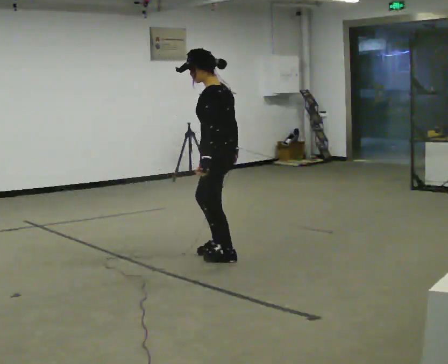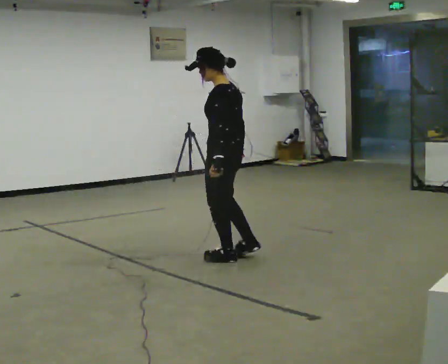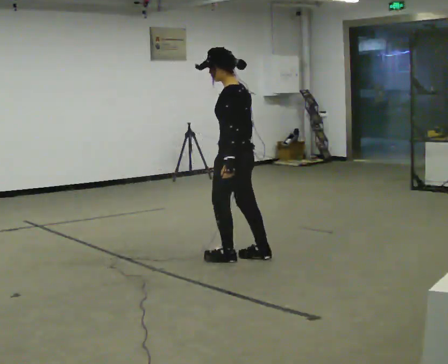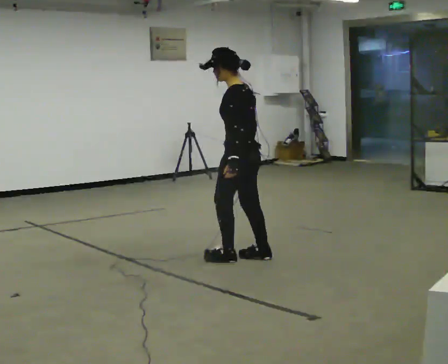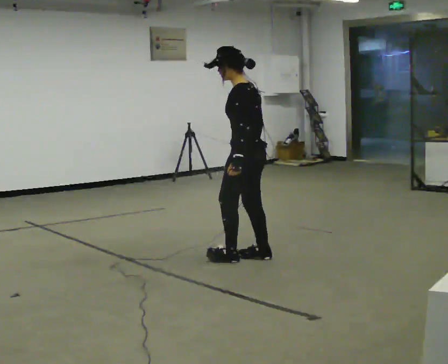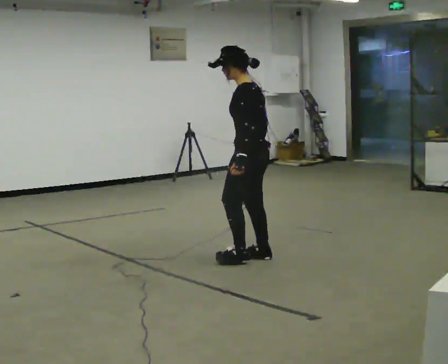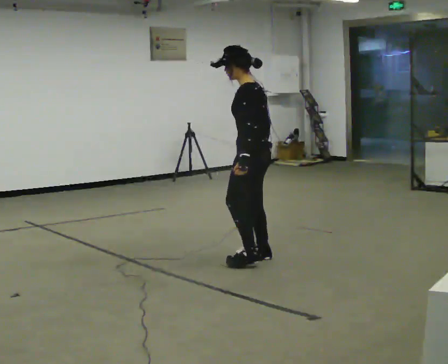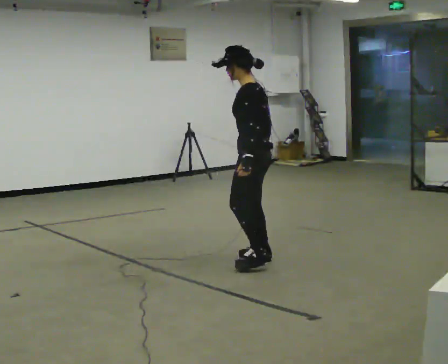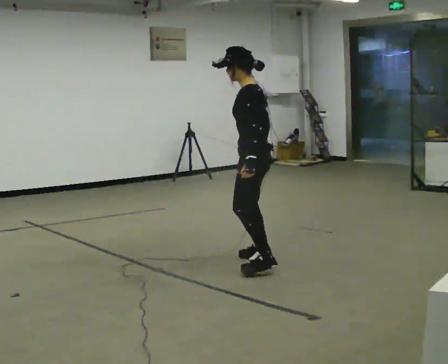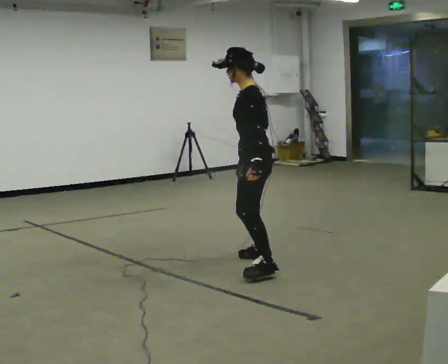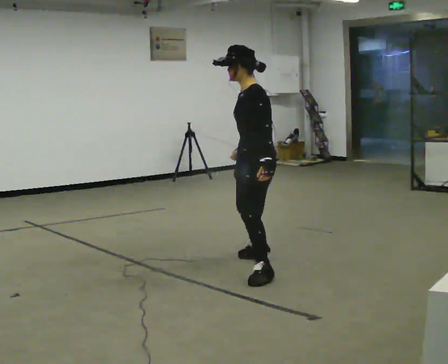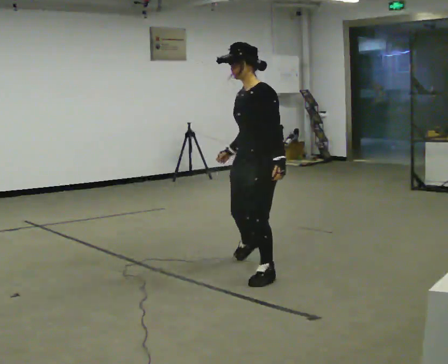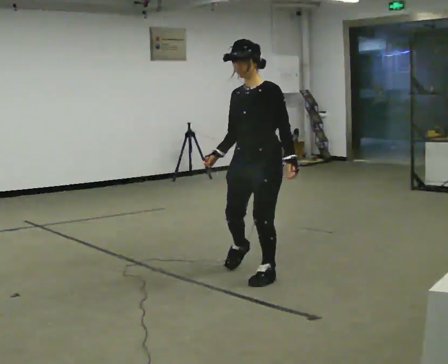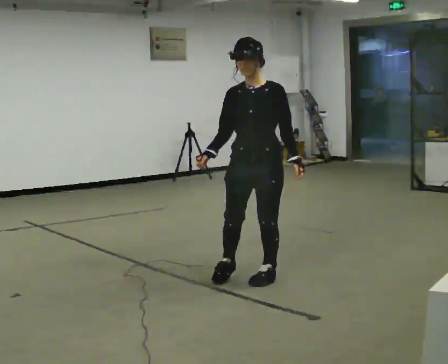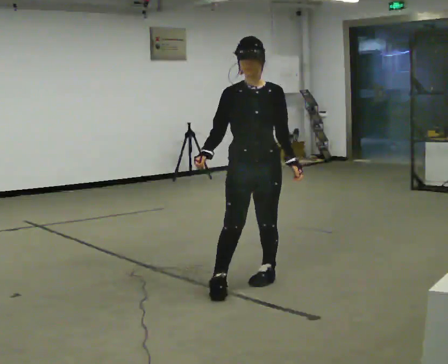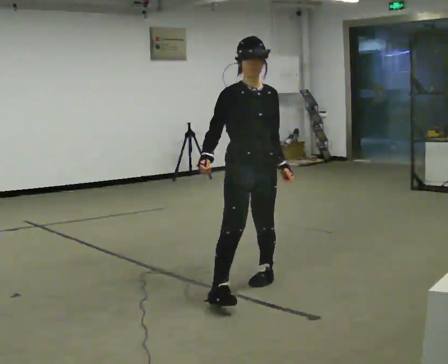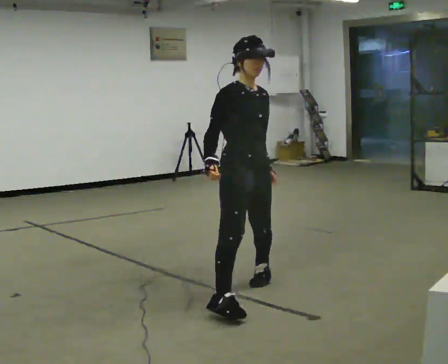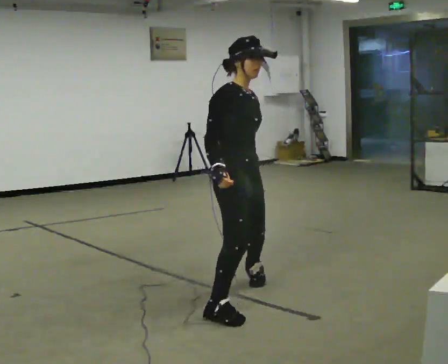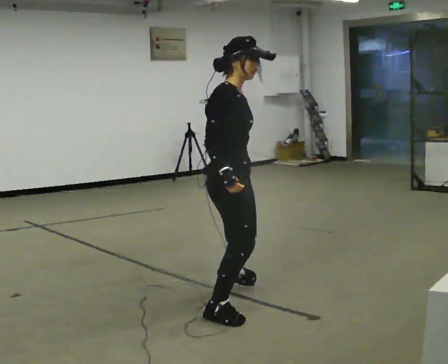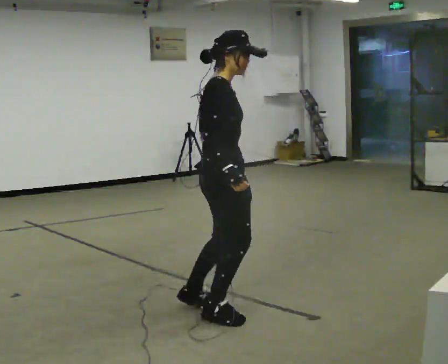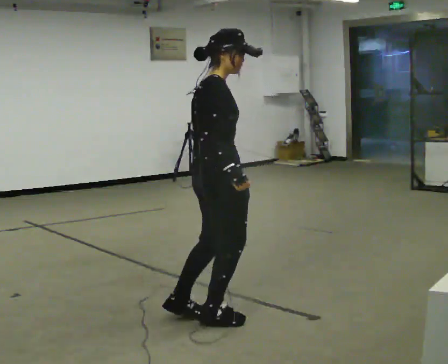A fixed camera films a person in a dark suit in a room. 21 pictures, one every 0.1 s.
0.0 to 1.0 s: The part of the body nearest the lens slides to the right as the person turns to their left by about 30 degrees. In the picture they go toward the camera and to the right, about 0.5 m in 2 steps, which for them is backward and to their left.
1.0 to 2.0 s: The part of the body nearest the lens slides to the right as the person turns to their left by about 180 degrees. In the picture they go toward the camera, about 1 m in 1 step.
The film runs forward here.
